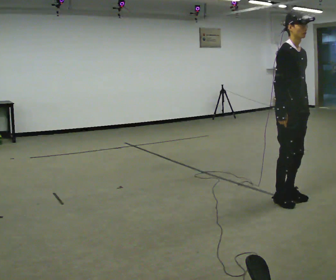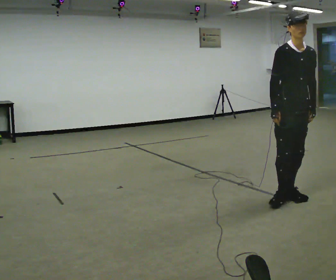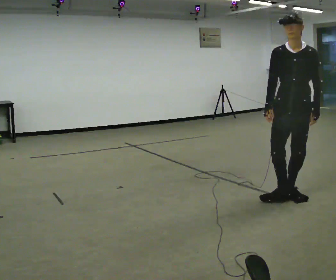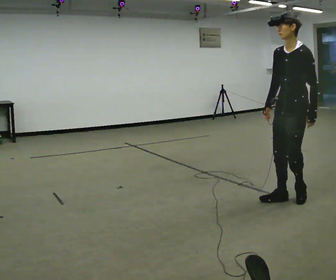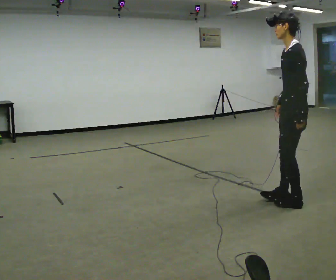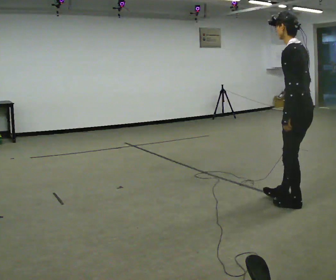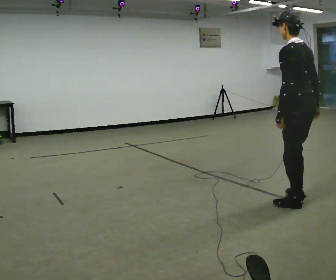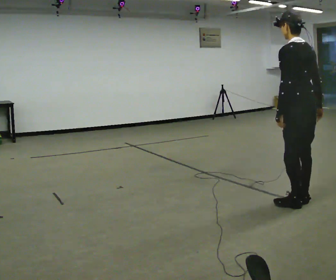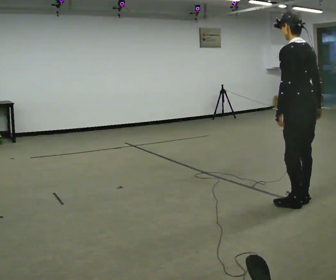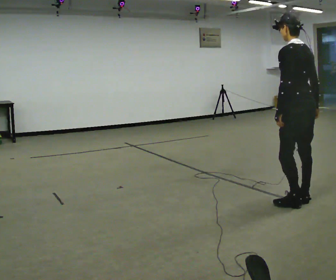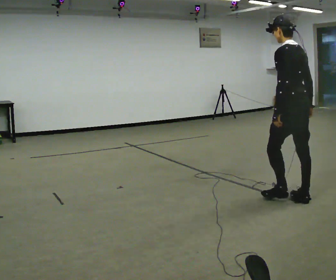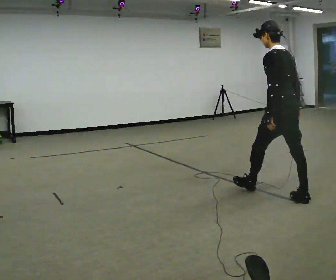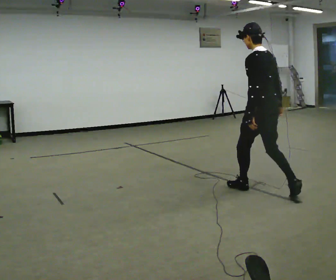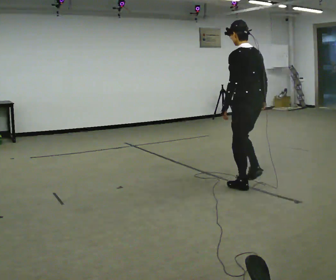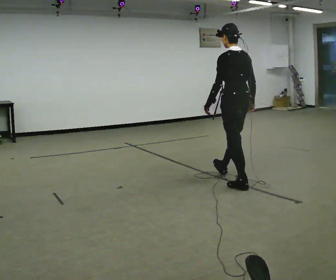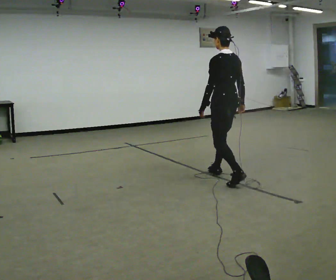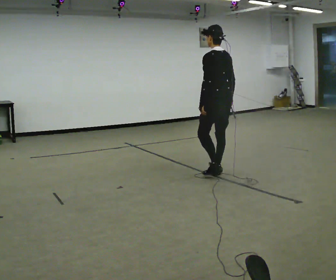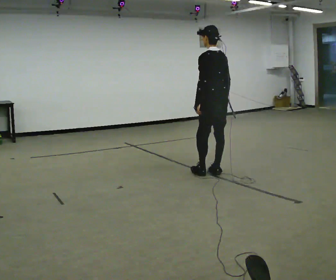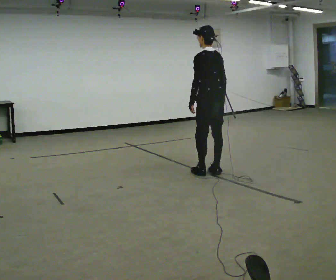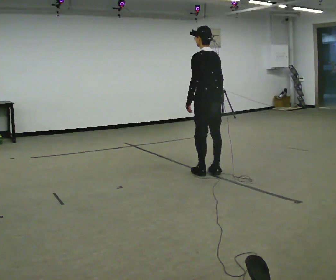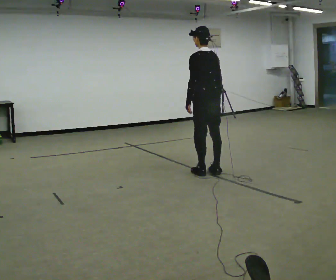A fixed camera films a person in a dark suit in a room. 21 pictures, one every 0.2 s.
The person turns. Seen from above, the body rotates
clockwise.
The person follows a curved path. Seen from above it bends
counterclockwise.
0.0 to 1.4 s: The person turns about 195 degrees to their right, clockwise seen from above, so the part of the body nearest the lens slides to the left. In the picture their right hand goes to the right.
1.4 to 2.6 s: In the picture they go to the left and away from the camera, about 0.75 m in 1 step, which for them is forward.
2.6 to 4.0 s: In the picture they go away from the camera and to the left, about 1 m in 2 steps, which for them is forward.
The film runs forward here.
